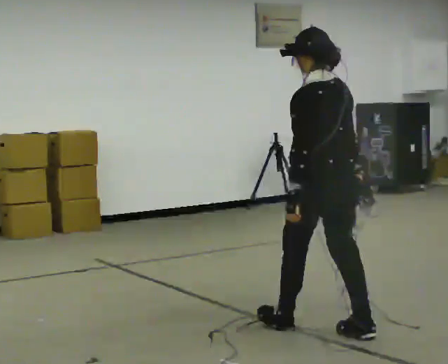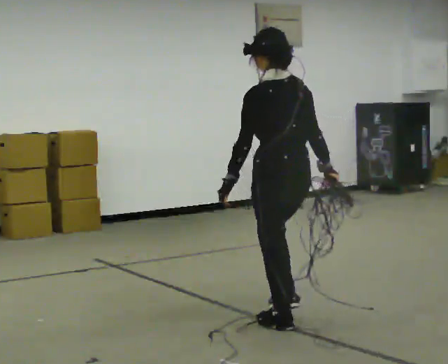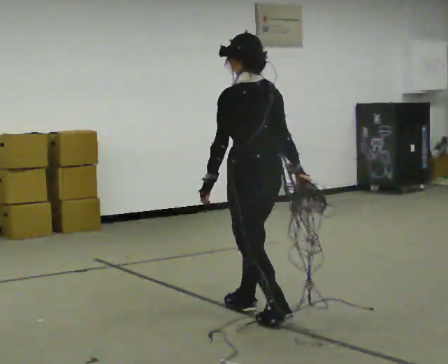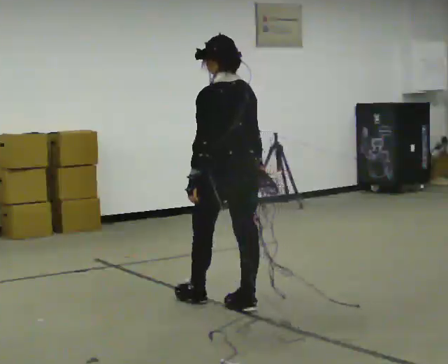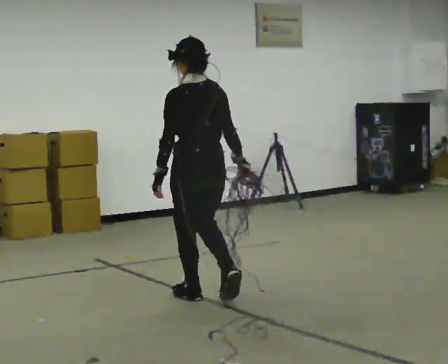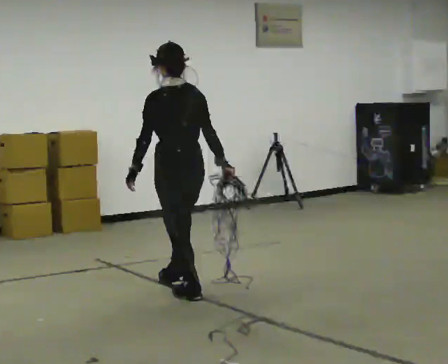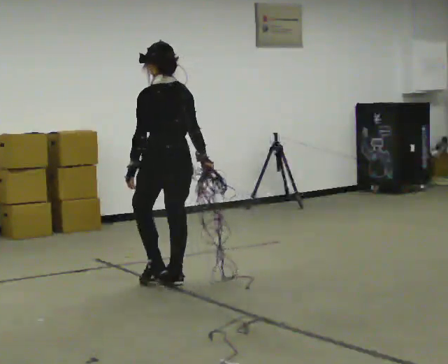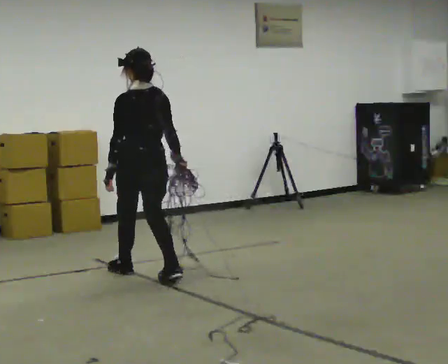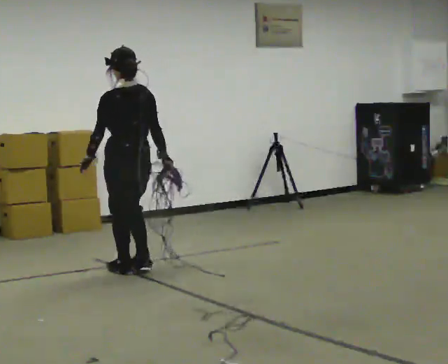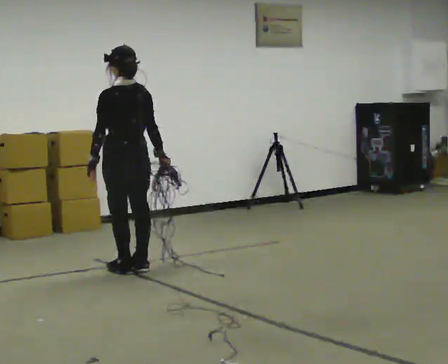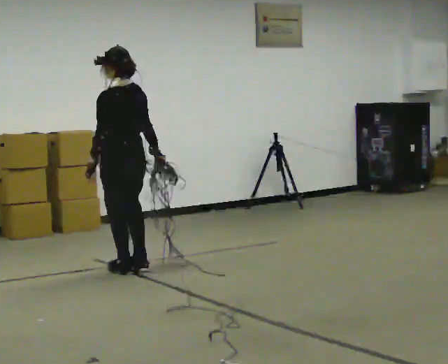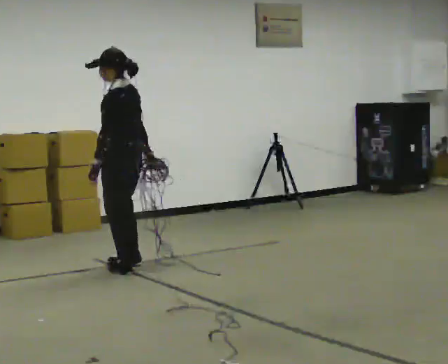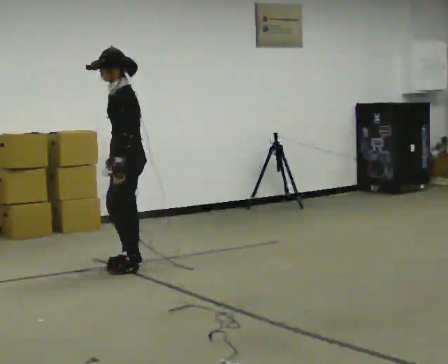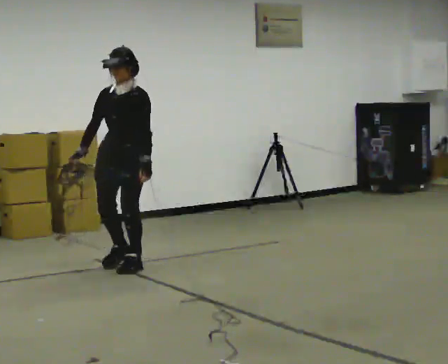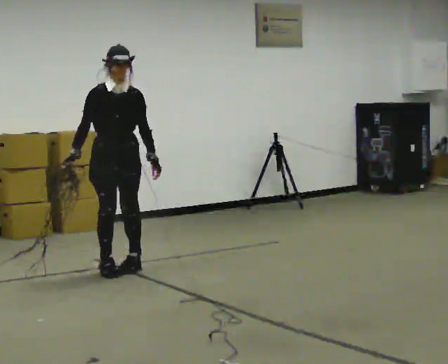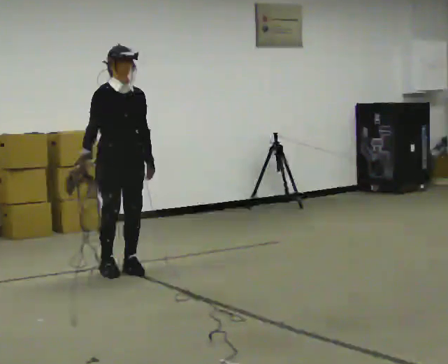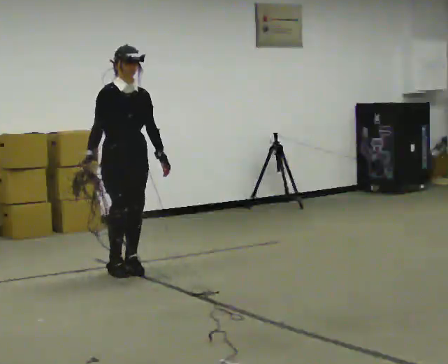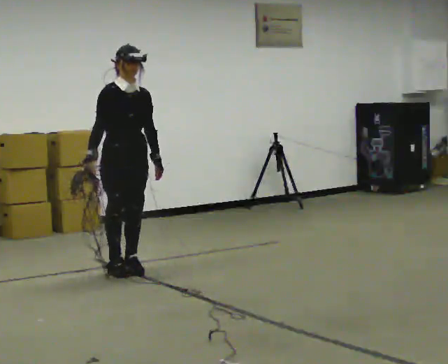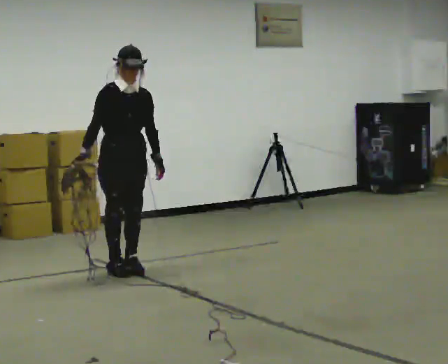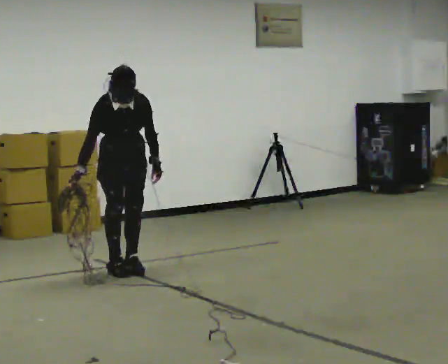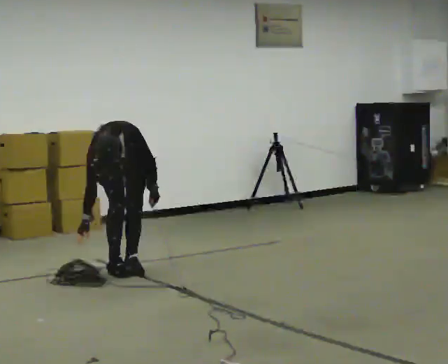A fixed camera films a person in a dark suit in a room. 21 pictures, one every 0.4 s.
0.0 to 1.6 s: In the picture they go away from the camera and to the left, about 1 m in 2 steps, which for them is forward.
1.6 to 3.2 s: In the picture they go away from the camera and to the left, about 1 m in 2 steps, which for them is forward.
3.2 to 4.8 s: The person turns about 75 degrees to their left, counterclockwise seen from above, so the part of the body nearest the lens slides to the right. In the picture they go away from the camera, about 0.25 m in 2 steps.
4.8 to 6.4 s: The part of the body nearest the lens slides to the right as the person turns to their left by about 105 degrees.
6.4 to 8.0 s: The part of the body nearest the lens slides to the left as the person turns to their right by about 30 degrees. The shoulders move downward. The upper body tips toward the camera, its near side rolling downward, as they bend forward. In the picture their right hand goes downward.
The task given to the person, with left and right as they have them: Pick up the coiled hose, carry it across the room, and set it down. It will move around as you walk. Keep going until the operator says stop; one object at a time, and do not rush between trips.
The film runs forward here.
